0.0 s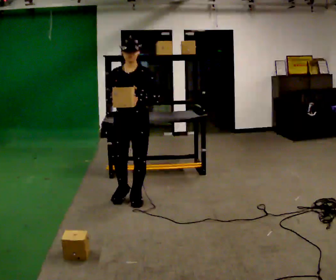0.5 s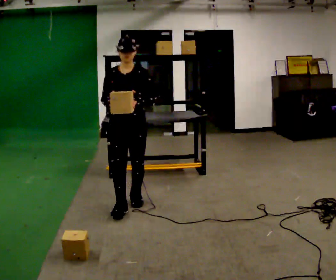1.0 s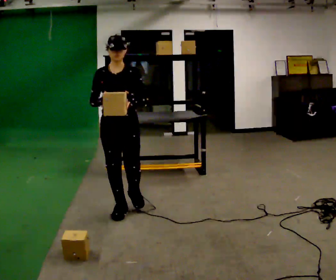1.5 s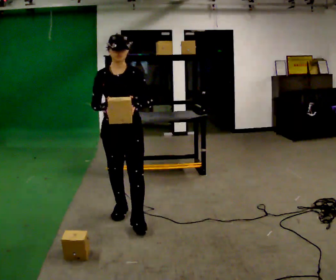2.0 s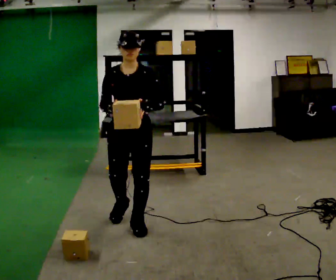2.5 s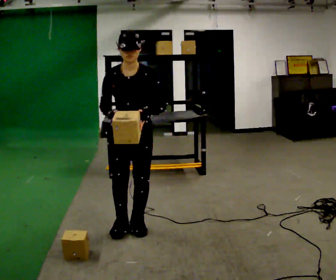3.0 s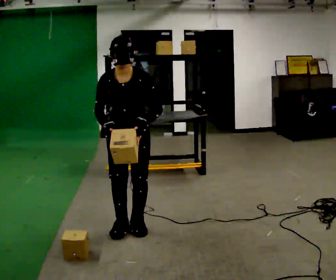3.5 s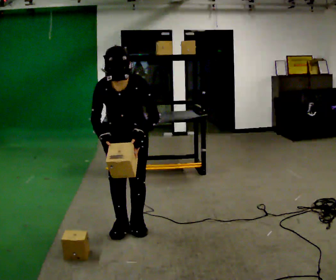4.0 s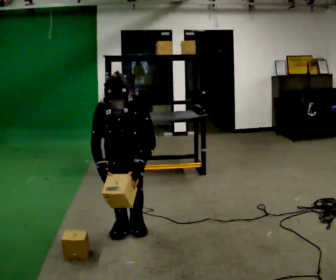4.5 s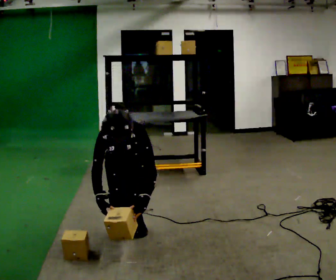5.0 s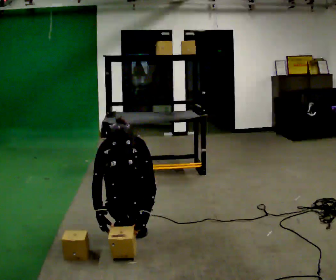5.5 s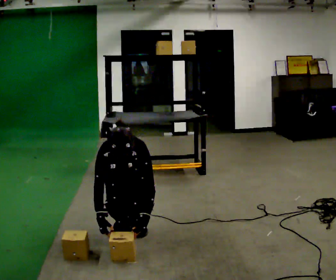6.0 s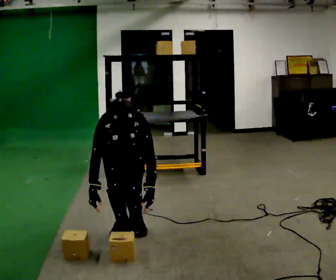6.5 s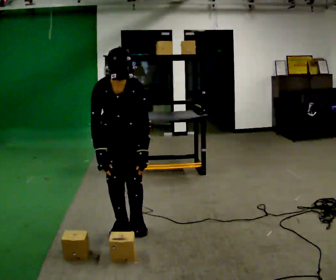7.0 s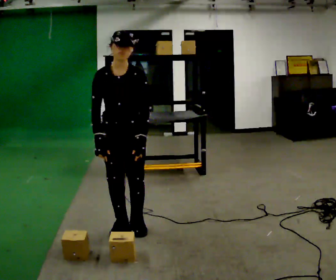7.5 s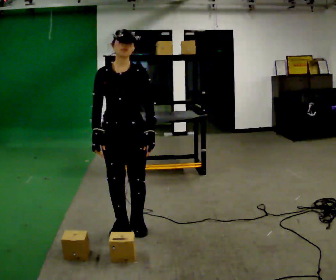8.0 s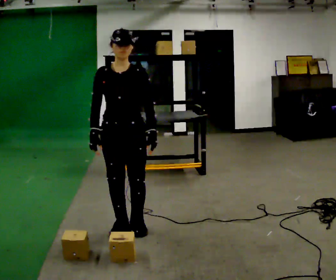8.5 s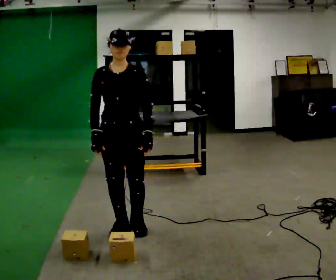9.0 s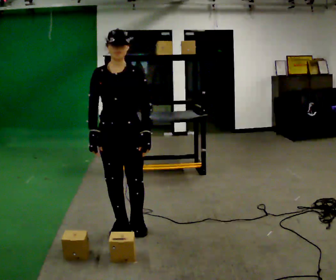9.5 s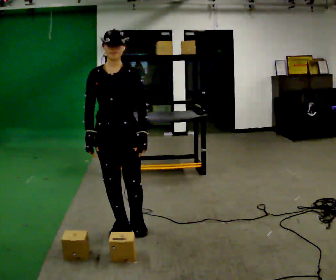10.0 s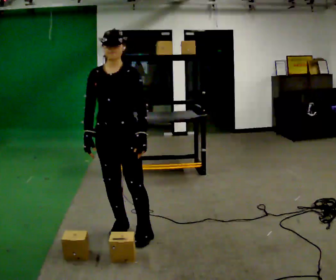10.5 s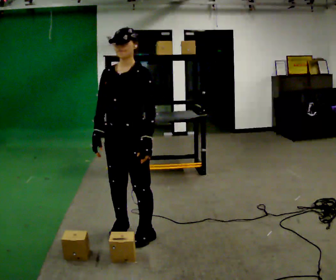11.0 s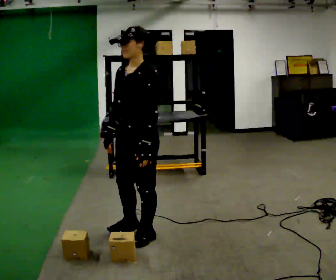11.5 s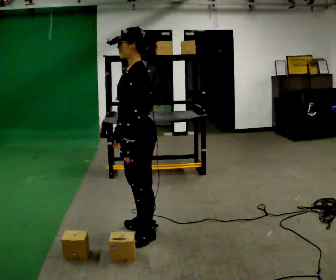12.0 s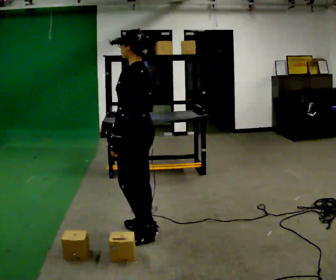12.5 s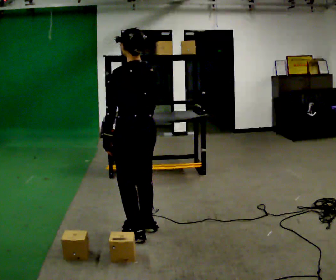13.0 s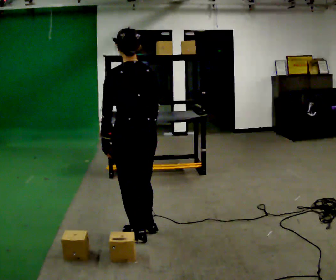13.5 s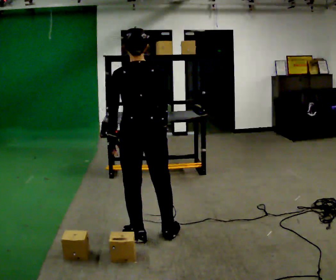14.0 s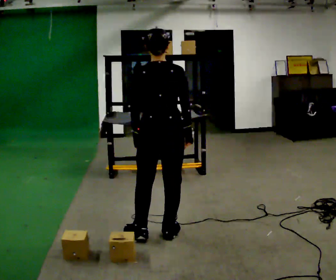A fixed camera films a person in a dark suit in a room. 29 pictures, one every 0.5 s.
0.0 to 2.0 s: In the picture they go toward the camera, about 0.5 m in 2 steps, which for them is forward.
2.0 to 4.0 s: The shoulders move downward. The upper body tips toward the camera, its near side rolling downward, as they bend forward. In the picture their right hand goes downward.
4.0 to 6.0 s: The person moves a little, or ends about where they began.
6.0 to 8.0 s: The shoulders move upward. The upper body tips away from the camera, its near side rolling upward, as they lean back or straighten. In the picture their right hand goes upward.
8.0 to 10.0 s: The person moves a little, or ends about where they began.
10.0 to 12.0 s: Seen from above the body turns clockwise, about 90 degrees: to their right, with its near side sliding to the left. In the picture they go to the right, about 0.25 m in 2 steps. In the picture their right hand goes to the right.
12.0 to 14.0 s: The part of the body nearest the lens slides to the left as the person turns to their right by about 75 degrees. In the picture they go to the right, about 0.25 m in 1 step. In the picture their right hand goes to the right.
The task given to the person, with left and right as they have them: Take an object down from the highest shelf you can comfortably reach, carry it across the room, and set it on the floor. Keep going until the operator says stop; one object at a time, and do not rush between trips.
The film runs forward here.
